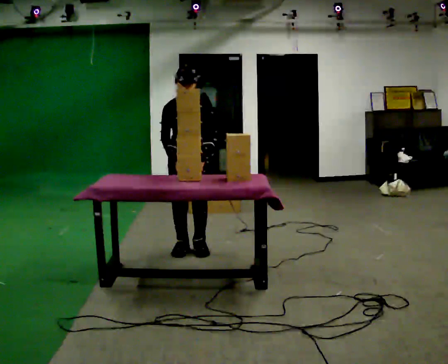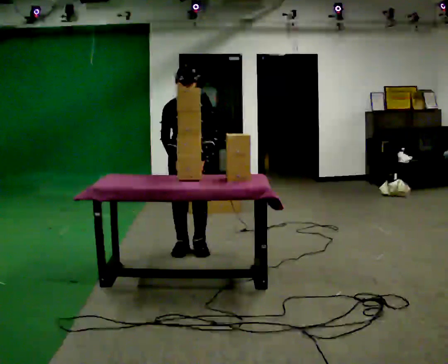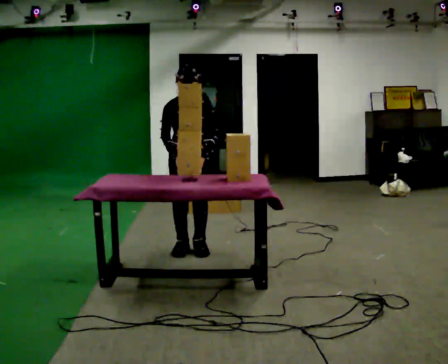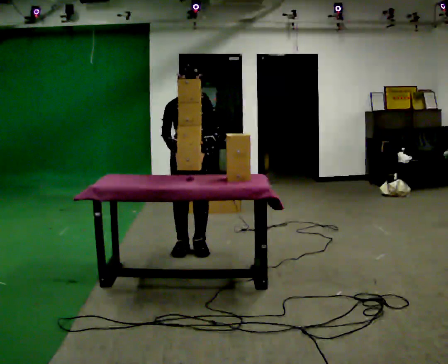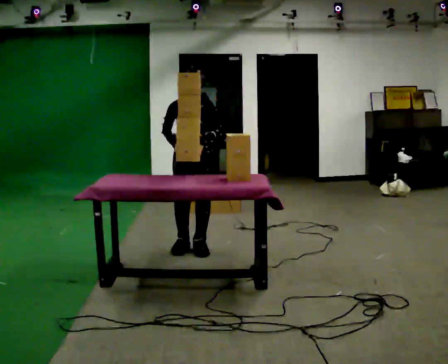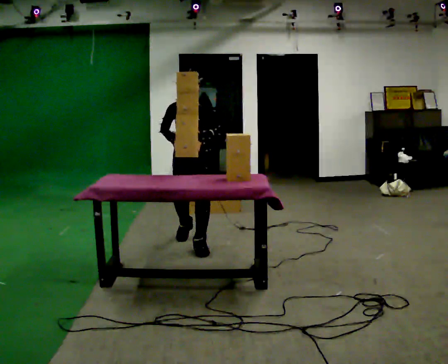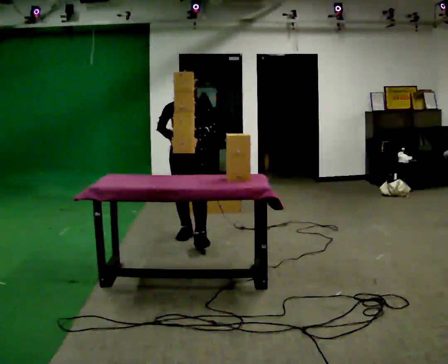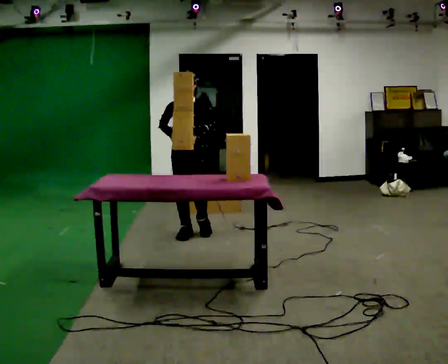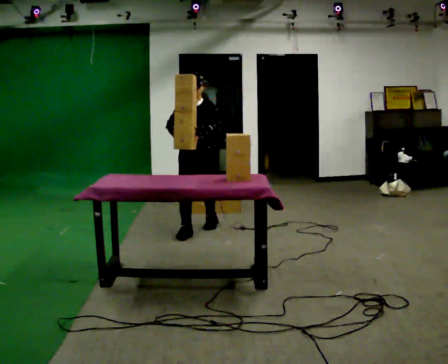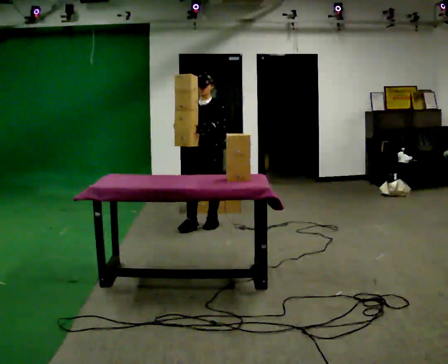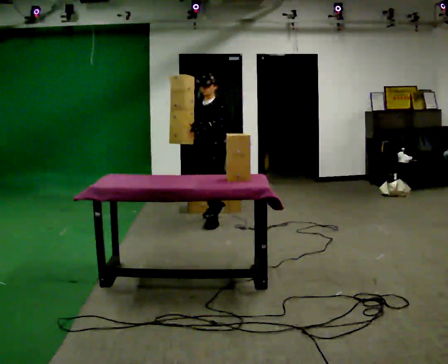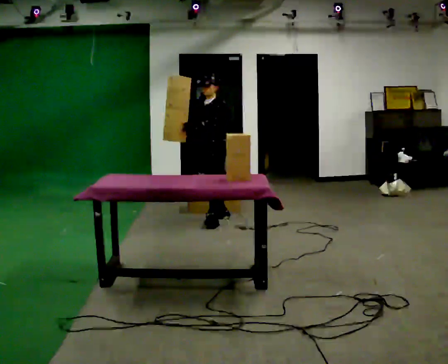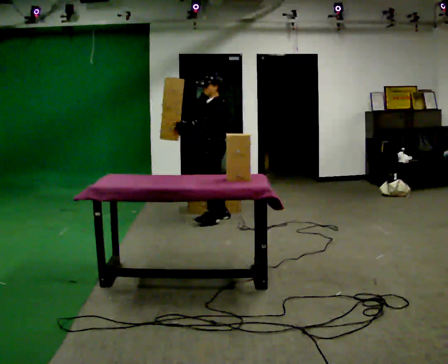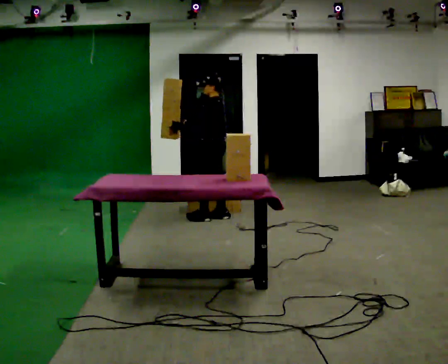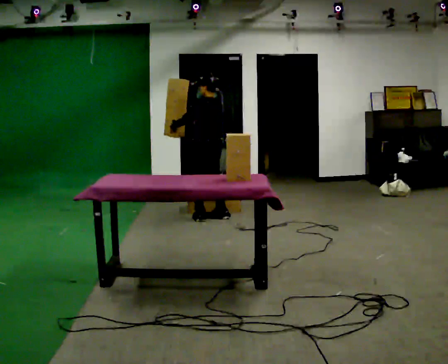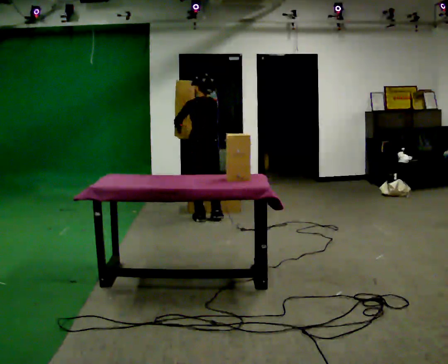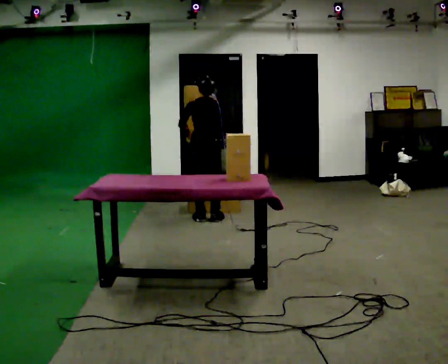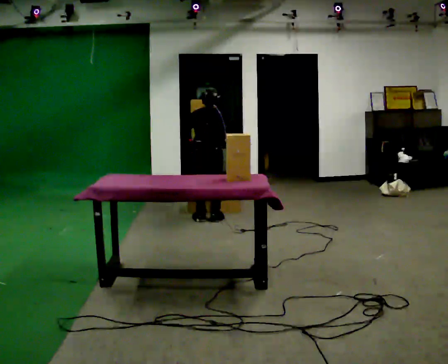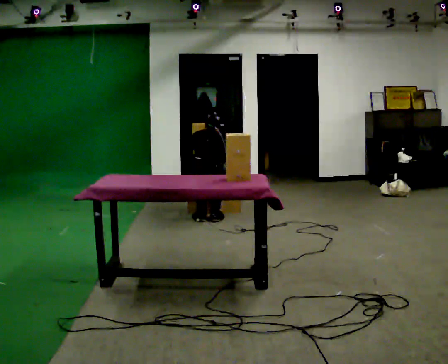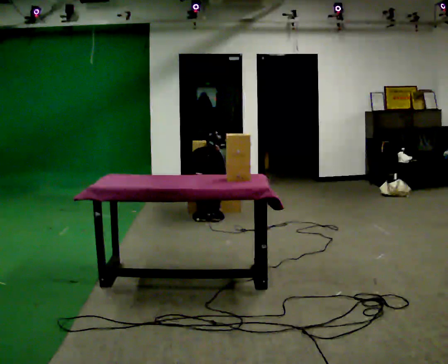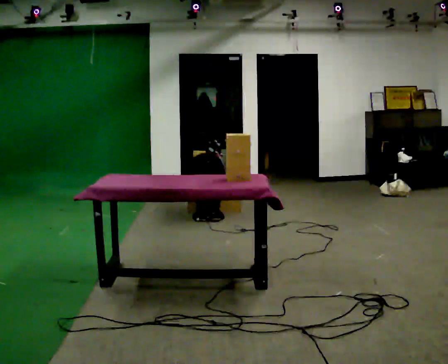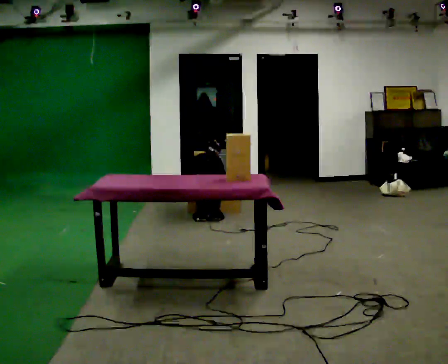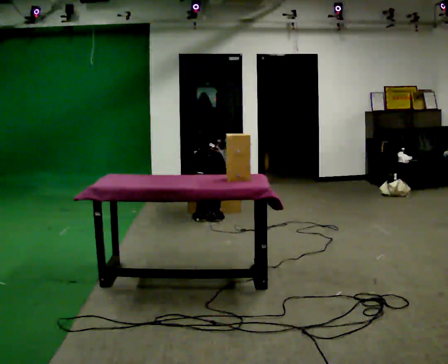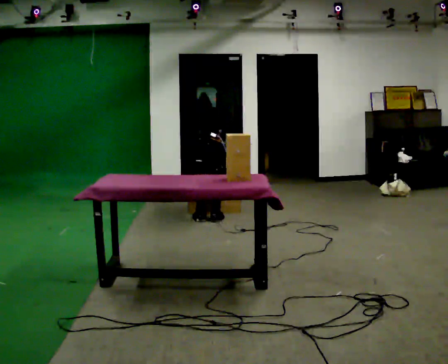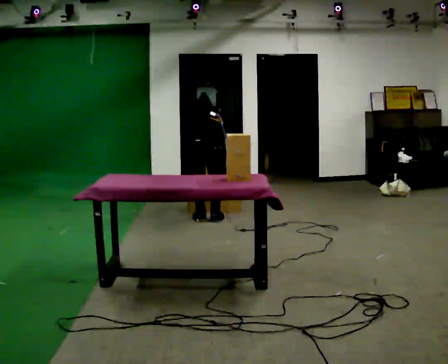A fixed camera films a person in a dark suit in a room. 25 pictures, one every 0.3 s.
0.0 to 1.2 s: The person moves a little, or ends about where they began.
1.2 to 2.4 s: In the picture they go away from the camera, about 0.5 m in 1 step, which for them is backward.
2.4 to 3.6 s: The part of the body nearest the lens slides to the left as the person turns to their right by about 60 degrees. In the picture they go away from the camera, about 0.5 m in 2 steps.
3.6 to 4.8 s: The part of the body nearest the lens slides to the left as the person turns to their right by about 105 degrees.
4.8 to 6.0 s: The shoulders move downward. The upper body tips away from the camera, its near side rolling upward, as they bend forward. In the picture their right hand goes downward.
6.0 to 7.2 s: The shoulders move upward.
The film runs backward here.
